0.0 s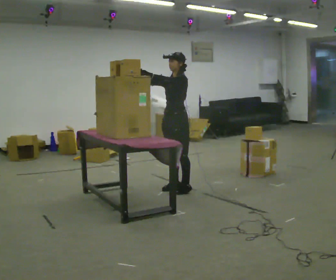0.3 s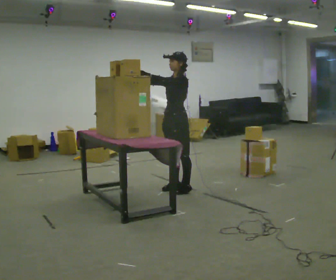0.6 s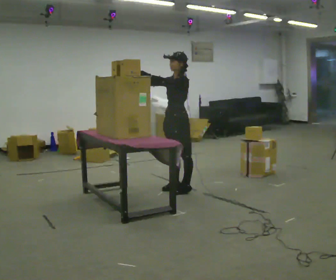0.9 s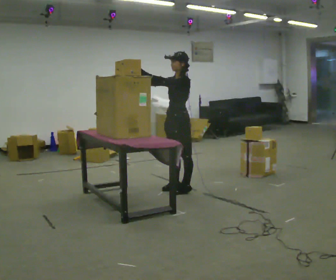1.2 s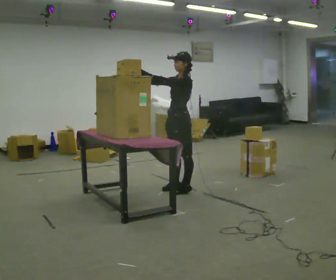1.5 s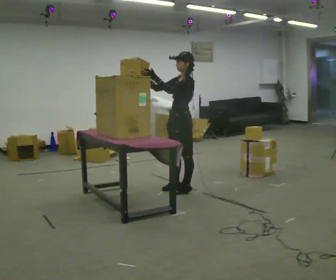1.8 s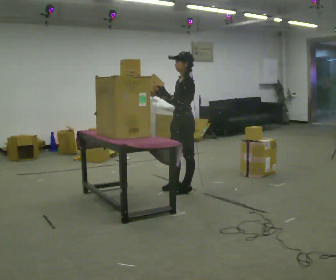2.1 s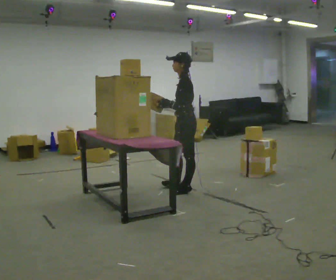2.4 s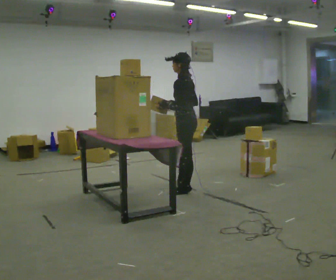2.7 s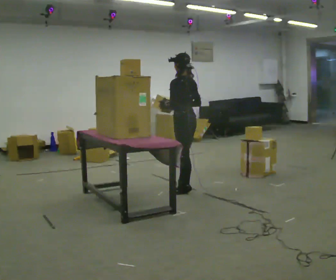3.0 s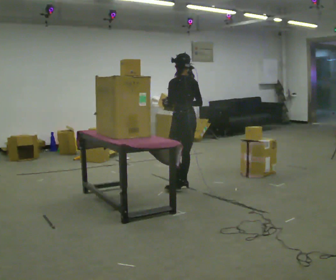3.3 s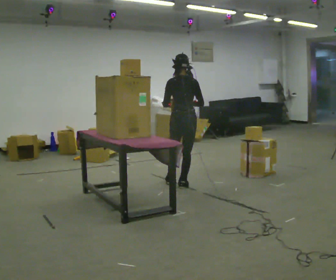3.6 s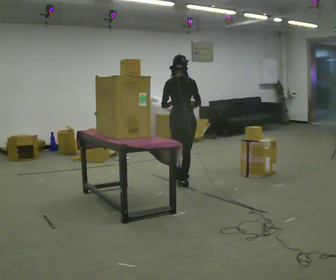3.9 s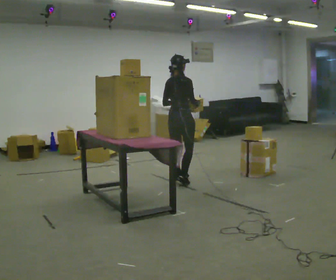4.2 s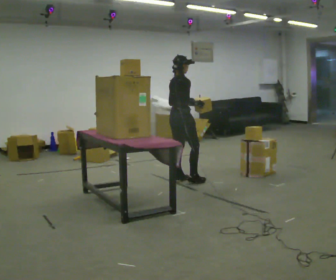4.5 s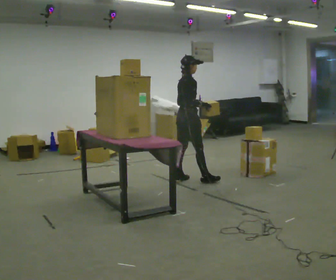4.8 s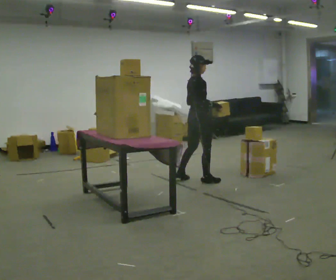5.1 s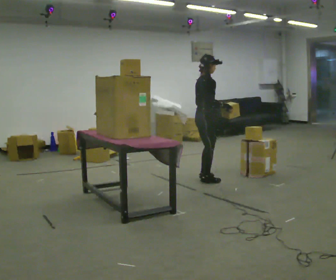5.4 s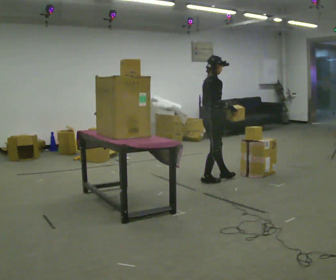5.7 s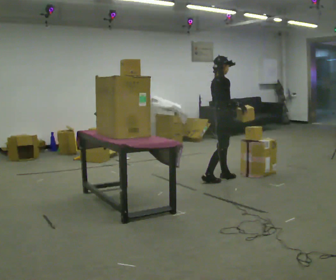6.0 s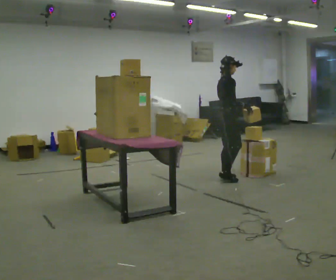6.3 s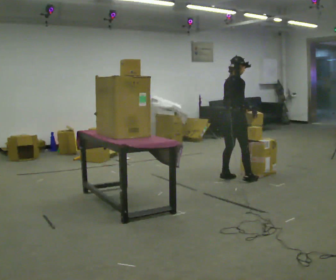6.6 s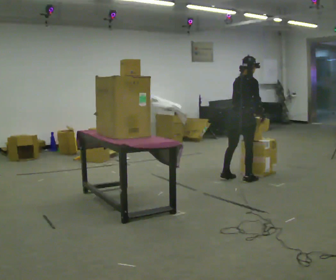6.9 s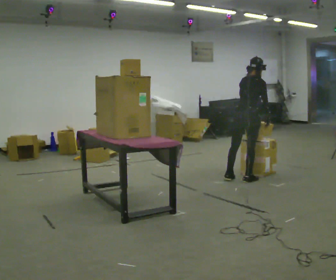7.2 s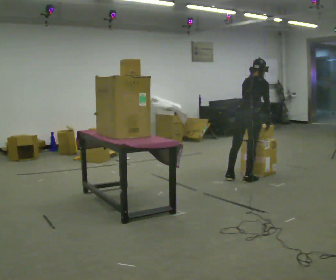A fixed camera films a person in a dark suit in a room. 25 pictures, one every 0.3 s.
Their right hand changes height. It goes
downward.
The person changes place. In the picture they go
to the right.
0.0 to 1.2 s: The person moves a little, or ends about where they began.
1.2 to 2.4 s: The person turns about 45 degrees to their right, clockwise seen from above, so the part of the body nearest the lens slides to the left. In the picture their right hand goes to the right and downward.
2.4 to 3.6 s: The part of the body nearest the lens slides to the left as the person turns to their right by about 75 degrees. In the picture they go away from the camera, about 0.25 m in 1 step.
3.6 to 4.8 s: Seen from above the body turns clockwise, about 45 degrees: to their right, with its near side sliding to the left. In the picture they go to the right, about 0.25 m in 1 step, which for them is forward. In the picture their left hand goes to the right.
4.8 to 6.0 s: In the picture they go to the right, about 0.5 m in 1 step, which for them is forward.
6.0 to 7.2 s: The part of the body nearest the lens slides to the right as the person turns to their left by about 45 degrees. In the picture they go to the right and toward the camera, about 0.25 m in 1 step, which for them is to their right and forward. In the picture the upper body tilts clockwise, shoulders to the right, as they bend forward.
The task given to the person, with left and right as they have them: Take an object from the highest shelf you can comfortably reach, carry it across, and place it on the lowest shelf. Keep going until the operator says stop; one object at a time, and do not rush between trips.
The film runs forward here.
